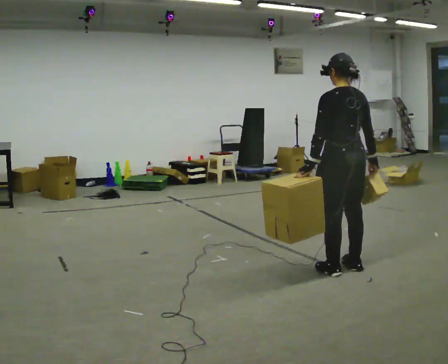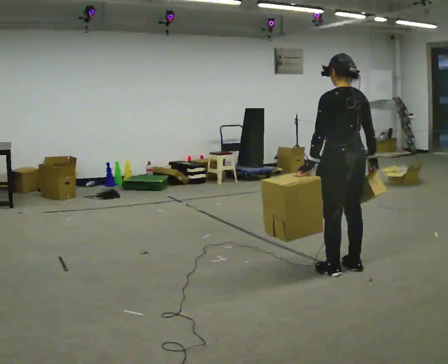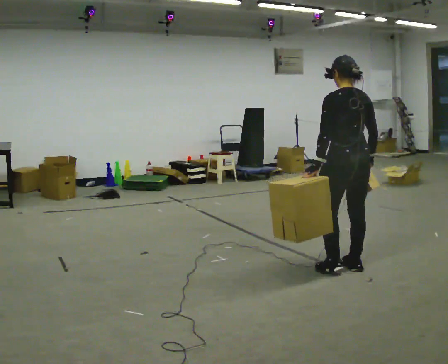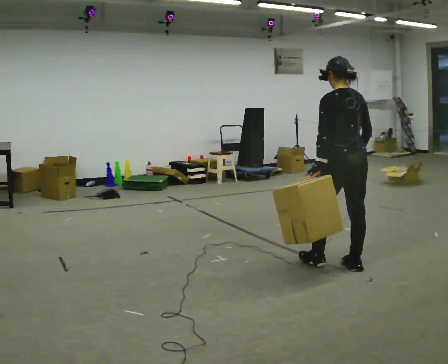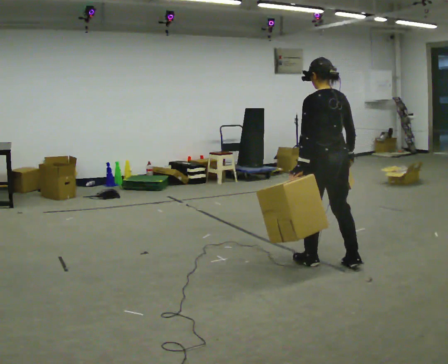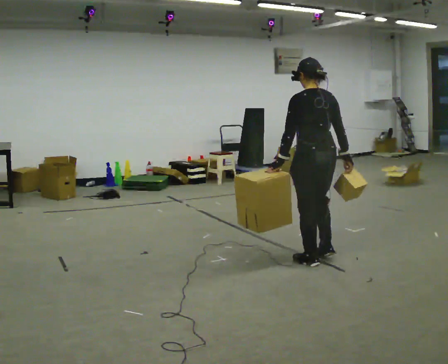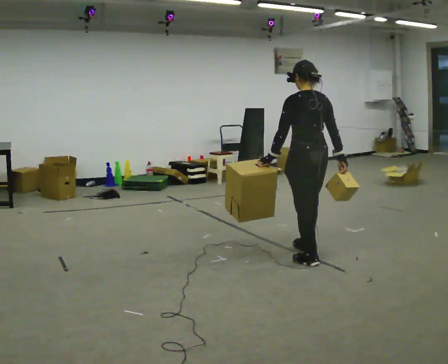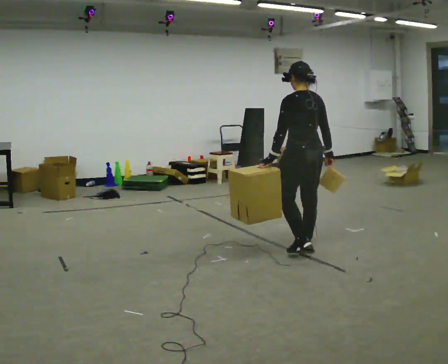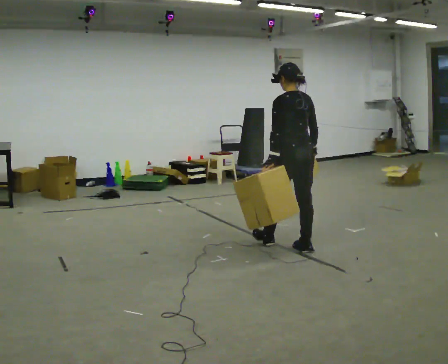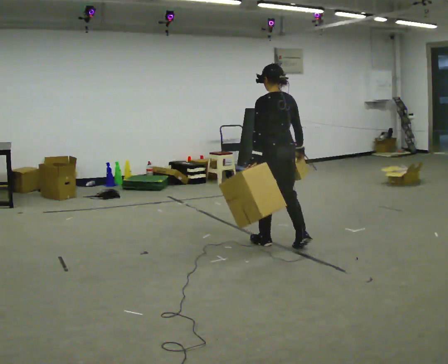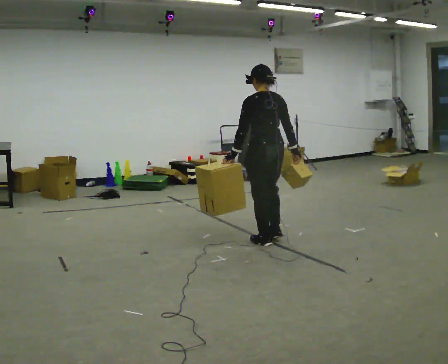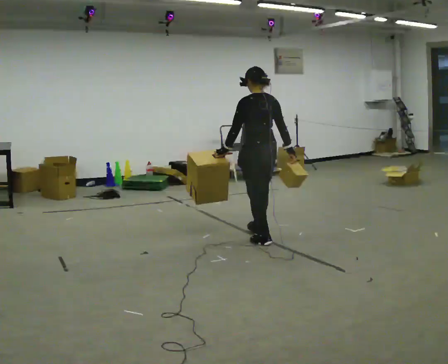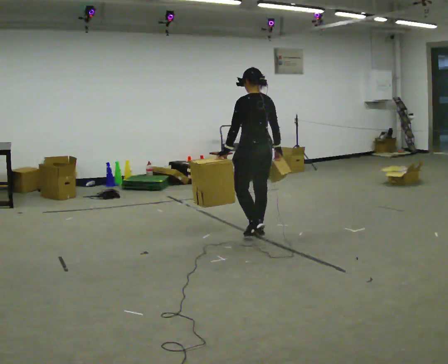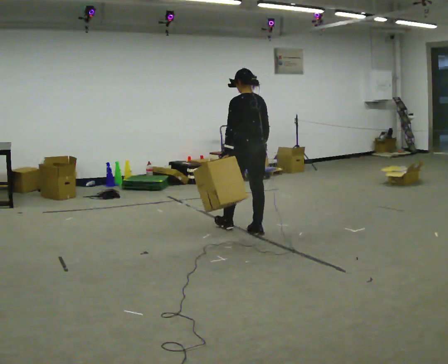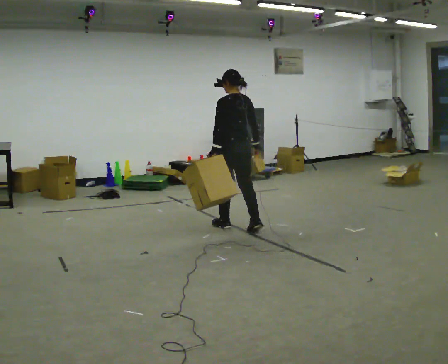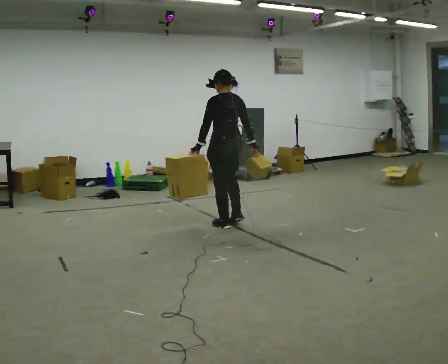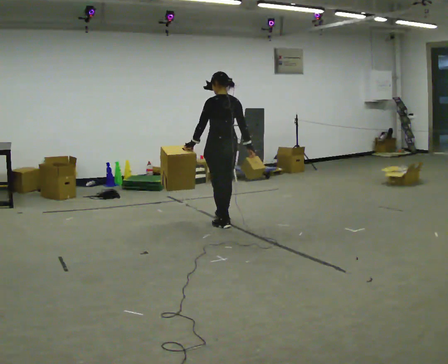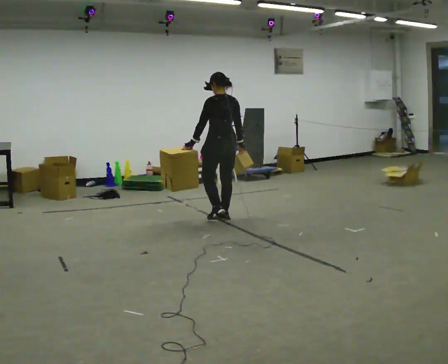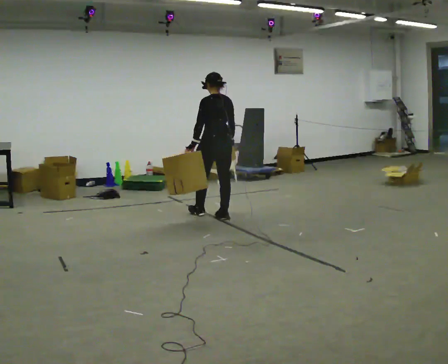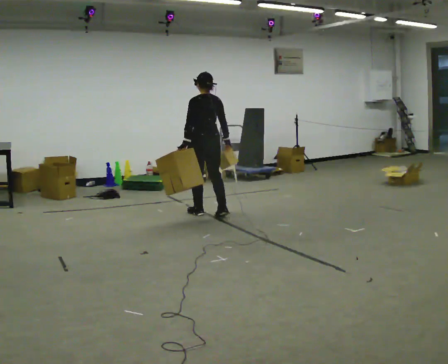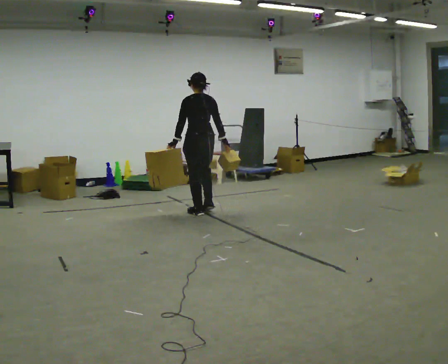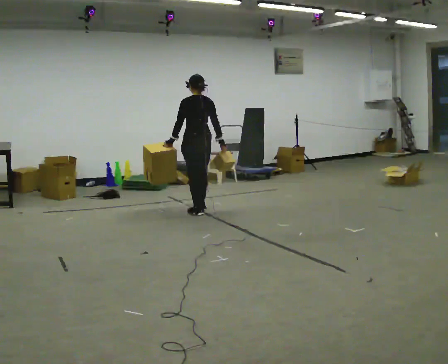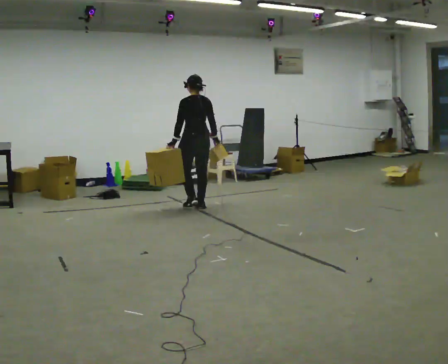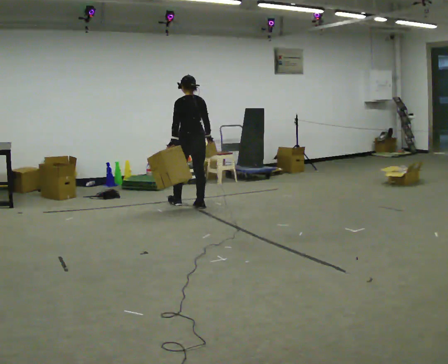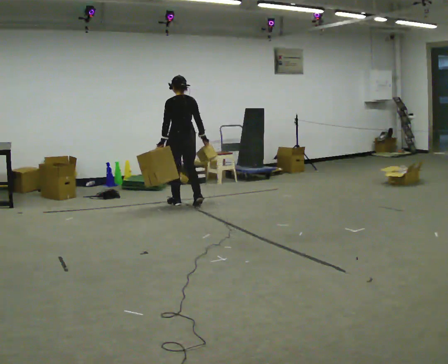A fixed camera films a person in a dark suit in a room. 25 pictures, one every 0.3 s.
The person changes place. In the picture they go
away from the camera.
0.0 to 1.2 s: In the picture they go away from the camera, about 0.25 m in 1 step, which for them is forward.
1.2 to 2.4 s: In the picture they go away from the camera and to the left, about 0.5 m in 1 step, which for them is forward.
2.4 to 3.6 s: In the picture they go away from the camera and to the left, about 0.5 m in 2 steps, which for them is forward.
3.6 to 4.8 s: In the picture they go away from the camera and to the left, about 0.5 m in 2 steps, which for them is forward.
4.8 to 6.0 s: In the picture they go away from the camera and to the left, about 0.5 m in 1 step, which for them is forward.
6.0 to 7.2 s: In the picture they go away from the camera and to the left, about 0.5 m in 2 steps, which for them is forward.
The film runs forward here.
